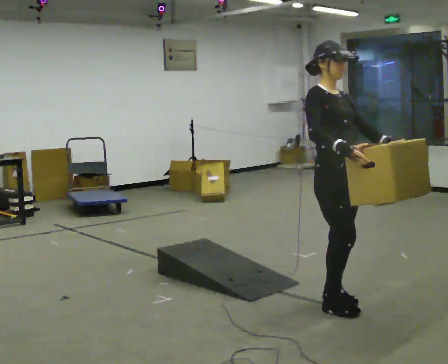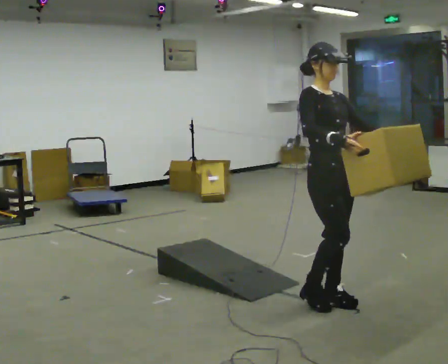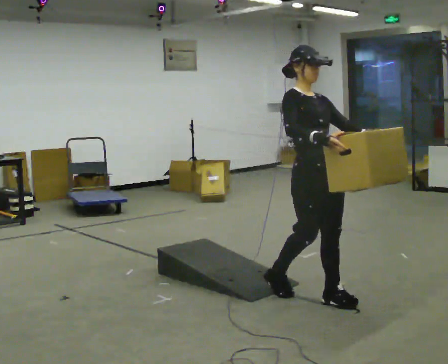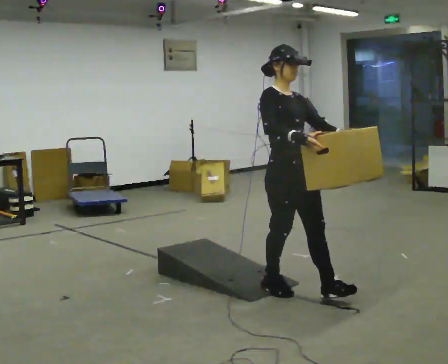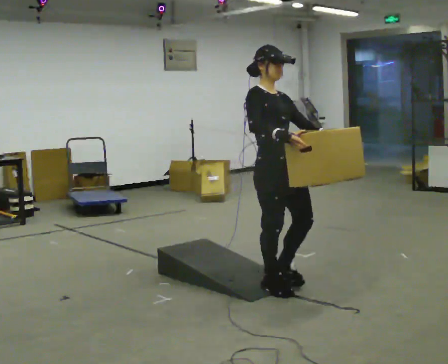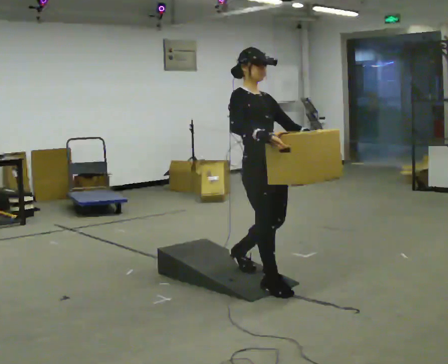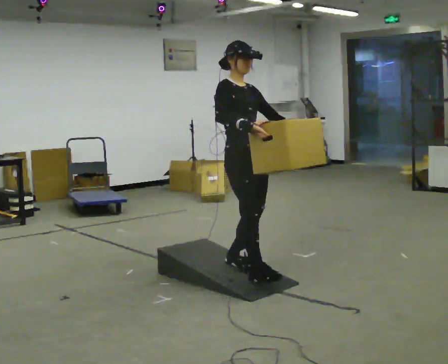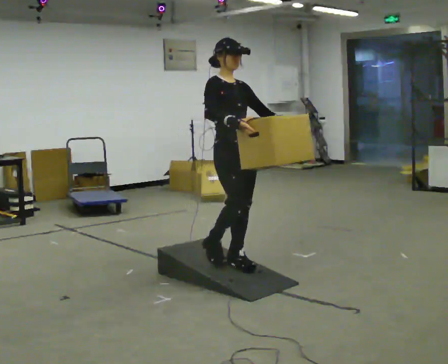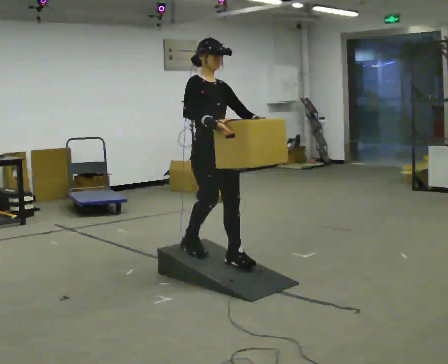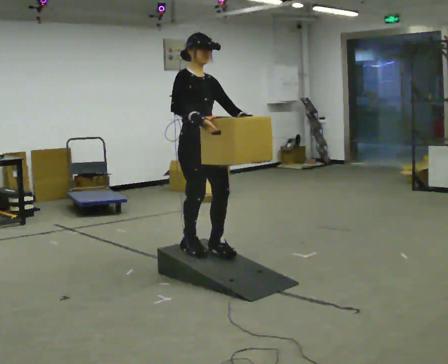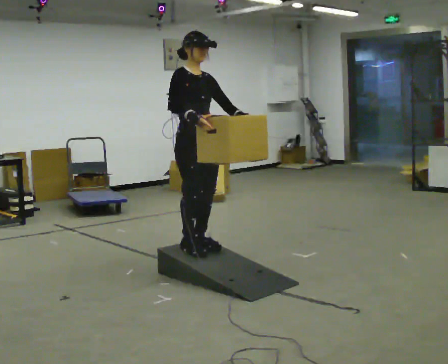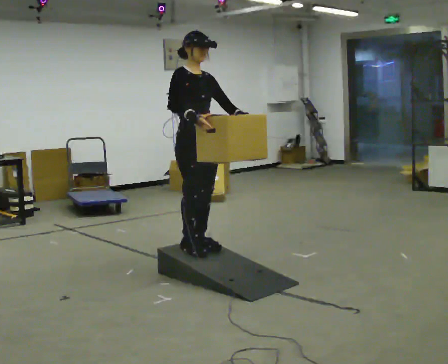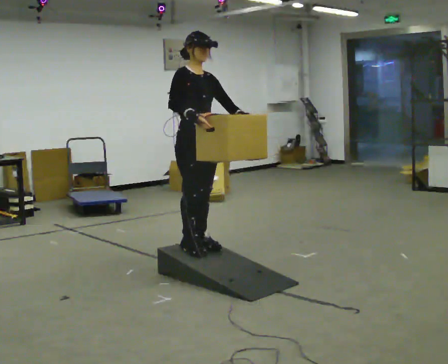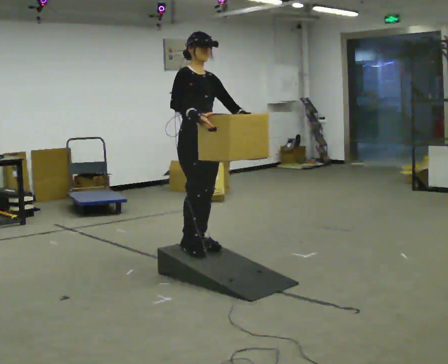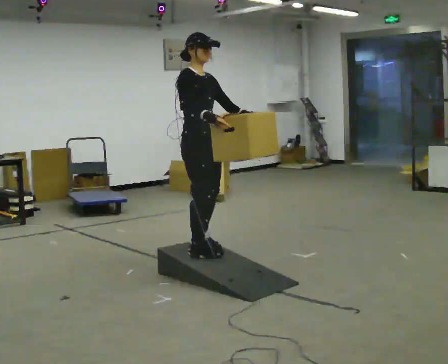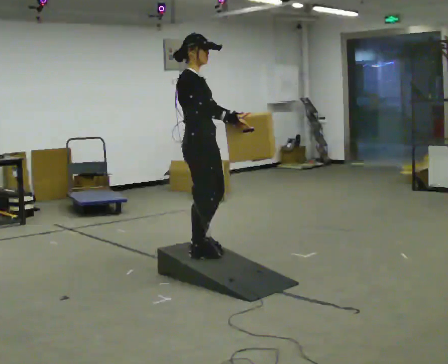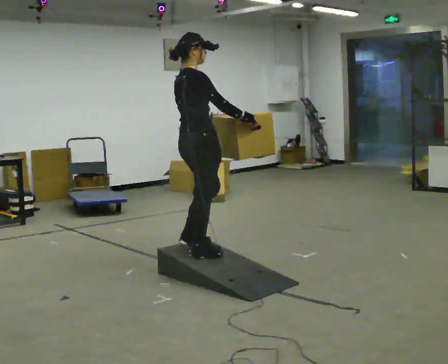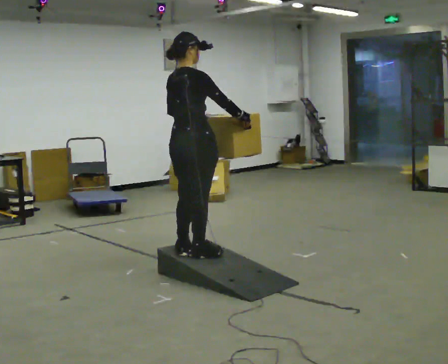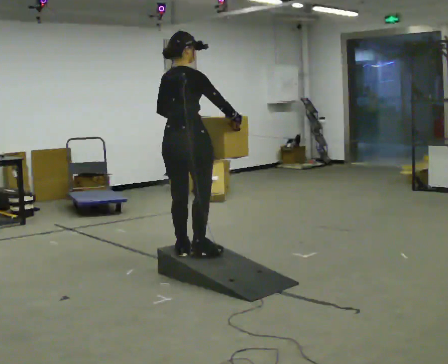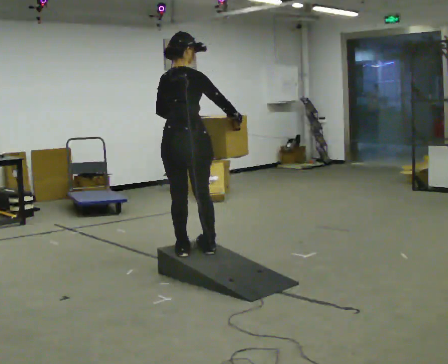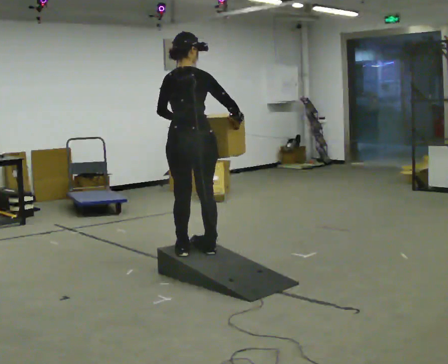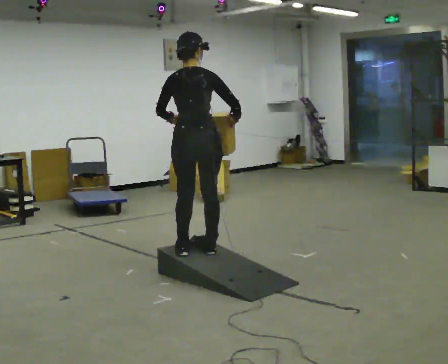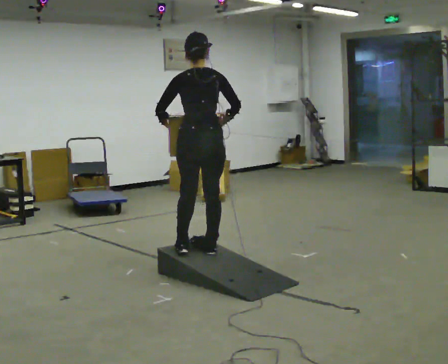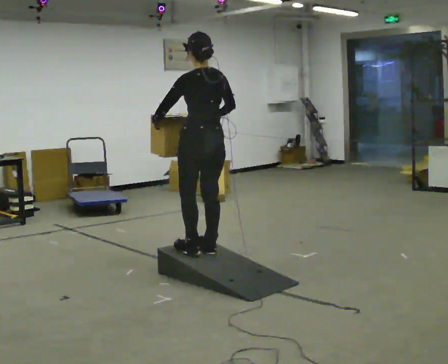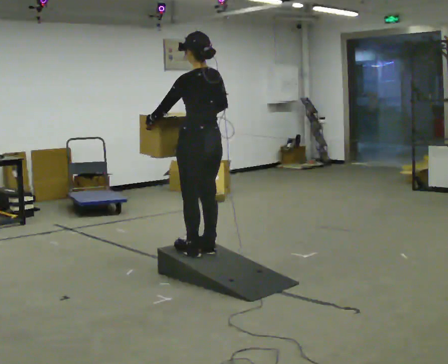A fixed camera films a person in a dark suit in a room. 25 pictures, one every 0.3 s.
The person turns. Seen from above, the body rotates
counterclockwise.
The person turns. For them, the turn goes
to their left.
0.0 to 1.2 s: In the picture they go away from the camera and to the left, about 0.5 m in 2 steps, which for them is backward.
1.2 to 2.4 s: In the picture they go away from the camera and to the left, about 0.5 m in 1 step, which for them is backward.
2.4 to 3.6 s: In the picture they go away from the camera and to the left, about 0.25 m in 1 step, which for them is backward.
3.6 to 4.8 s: Seen from above the body turns counterclockwise, about 60 degrees: to their left, with its near side sliding to the right. In the picture their right hand goes to the right.
4.8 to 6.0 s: Seen from above the body turns counterclockwise, about 60 degrees: to their left, with its near side sliding to the right.
6.0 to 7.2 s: Seen from above the body turns counterclockwise, about 60 degrees: to their left, with its near side sliding to the right.
The film runs backward here.
